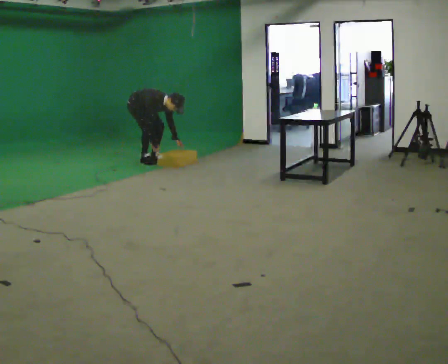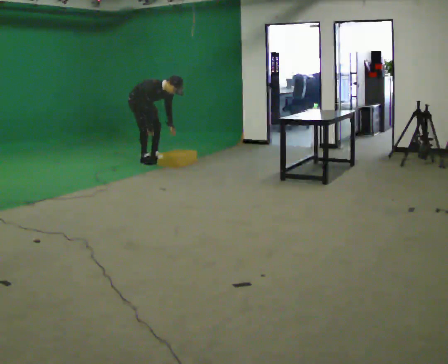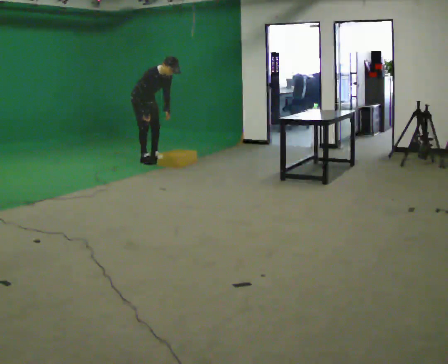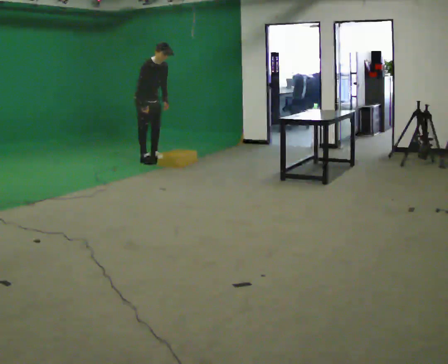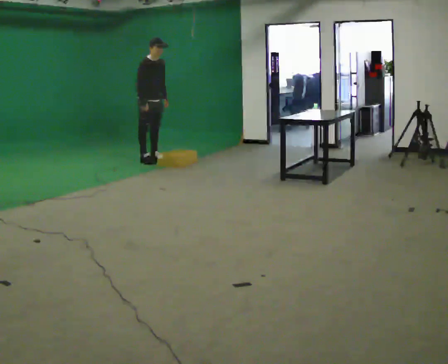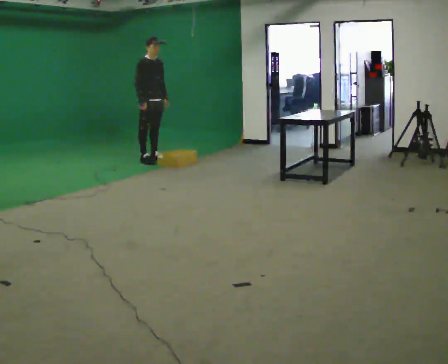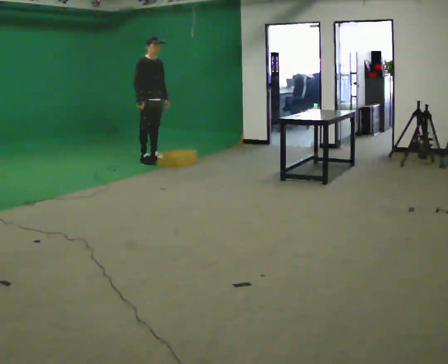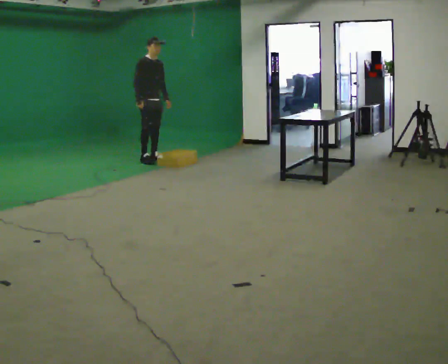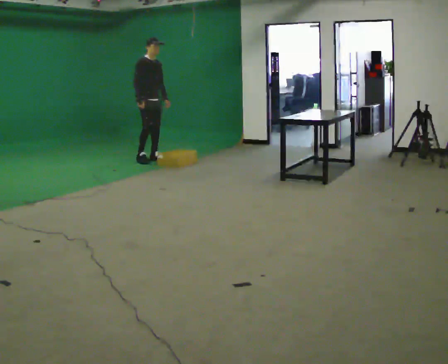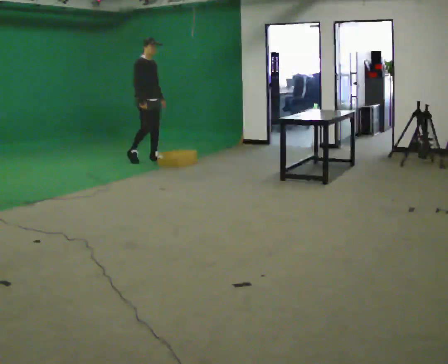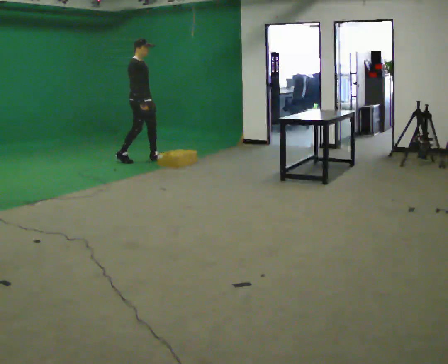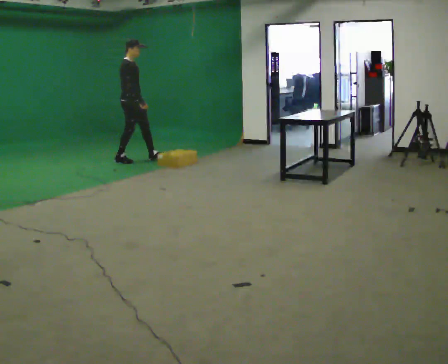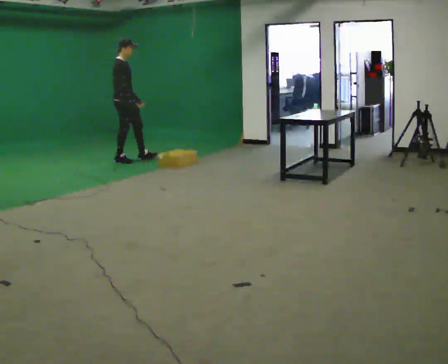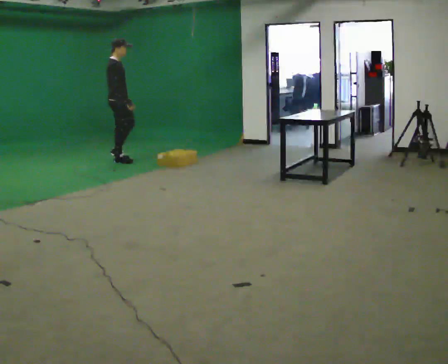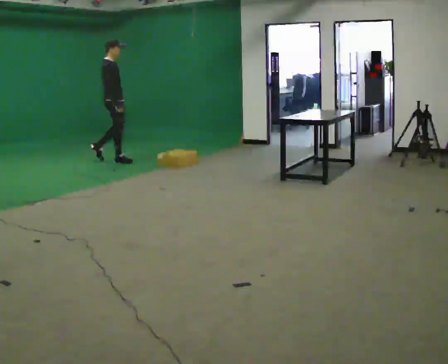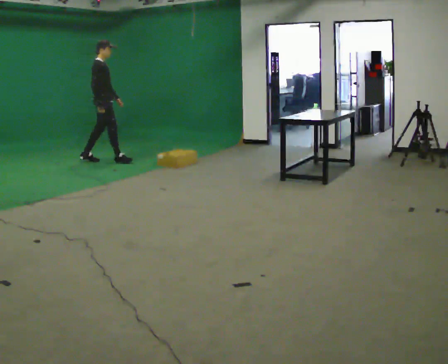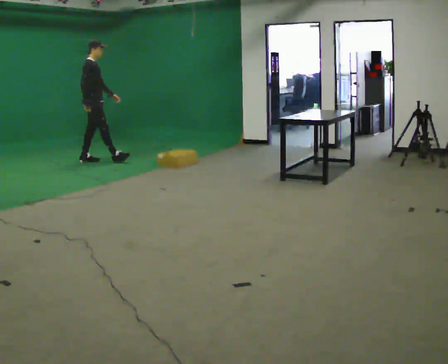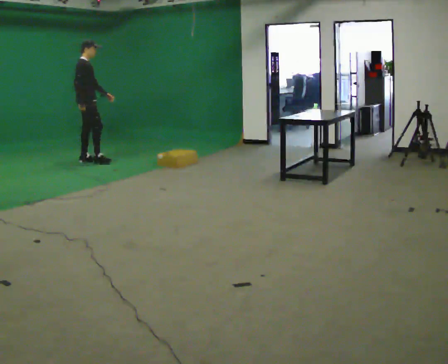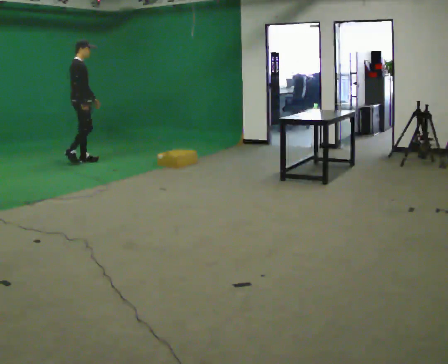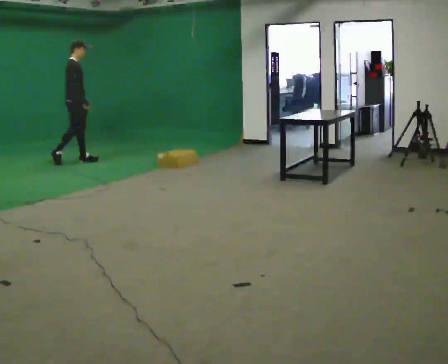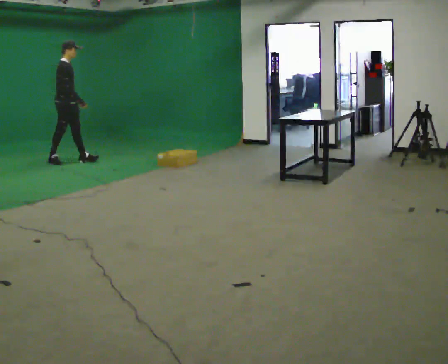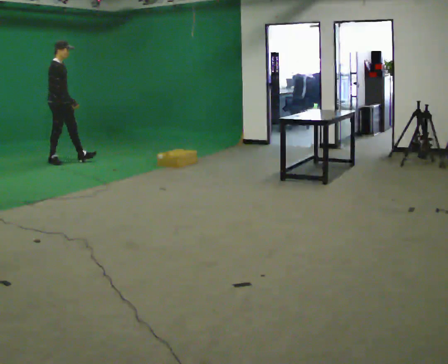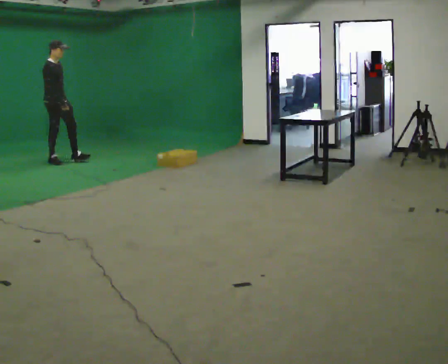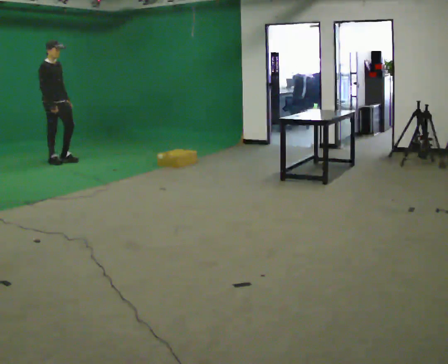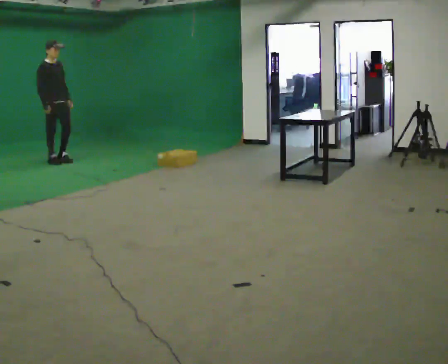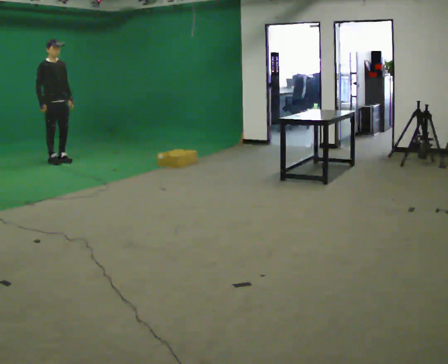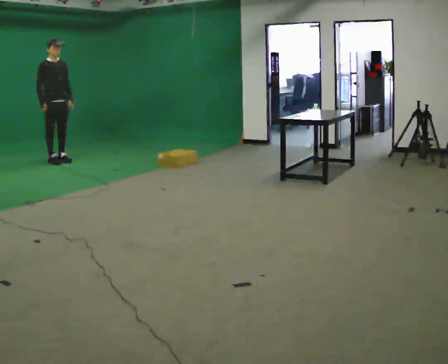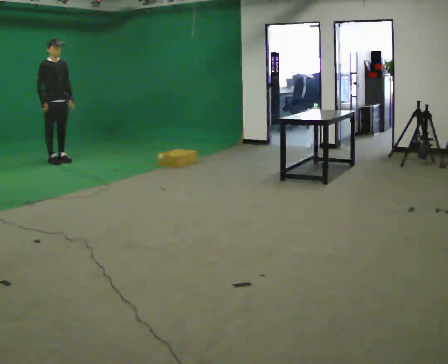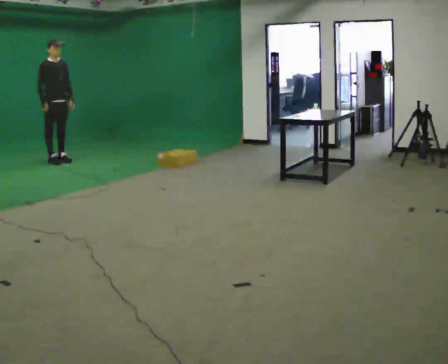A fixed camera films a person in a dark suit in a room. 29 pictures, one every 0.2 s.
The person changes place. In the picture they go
to the left.
The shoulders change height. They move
upward.
0.0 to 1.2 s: In the picture they go to the right, about 0.25 m, which for them is forward. The shoulders move upward. In the picture the upper body tilts counterclockwise, shoulders to the left, as they lean back or straighten. In the picture their left hand goes upward.
1.2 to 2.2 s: The part of the body nearest the lens slides to the right as the person turns to their left by about 30 degrees. In the picture they go to the left, about 0.25 m in 1 step, which for them is backward and to their right.
2.2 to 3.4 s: In the picture they go to the left, about 0.75 m in 2 steps, which for them is backward.
3.4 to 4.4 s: In the picture they go to the left, about 0.5 m in 1 step, which for them is backward.
4.4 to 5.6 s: The part of the body nearest the lens slides to the left as the person turns to their right by about 30 degrees.
The film runs backward here.
